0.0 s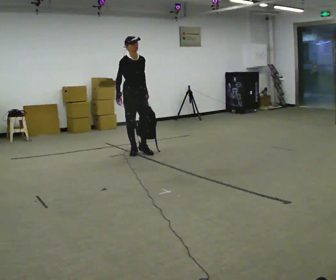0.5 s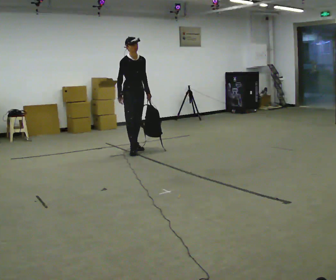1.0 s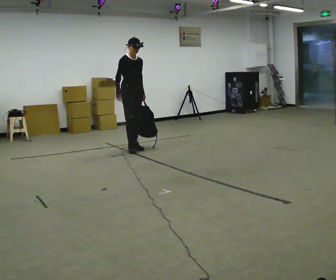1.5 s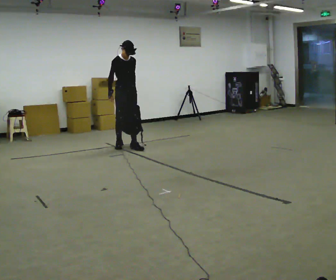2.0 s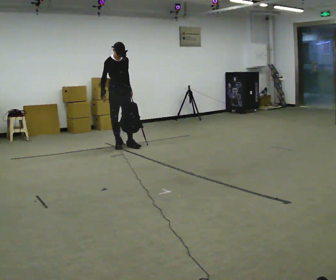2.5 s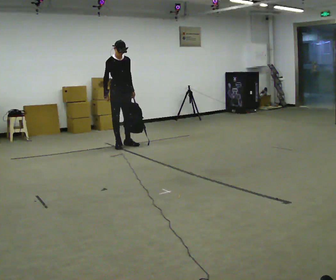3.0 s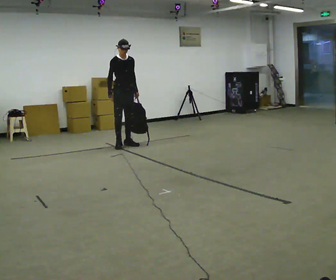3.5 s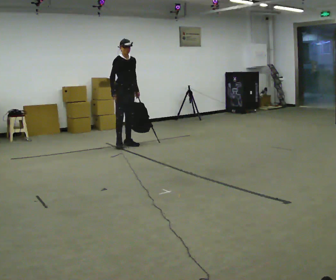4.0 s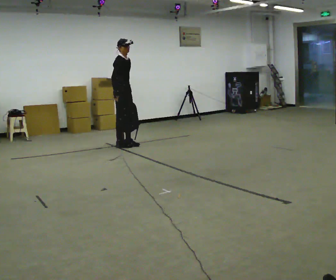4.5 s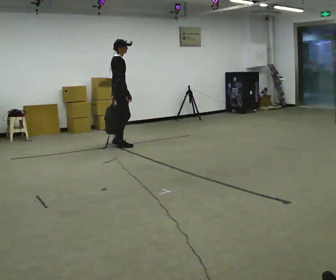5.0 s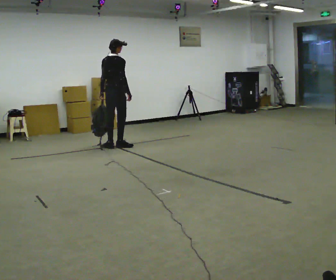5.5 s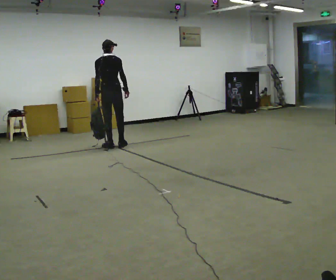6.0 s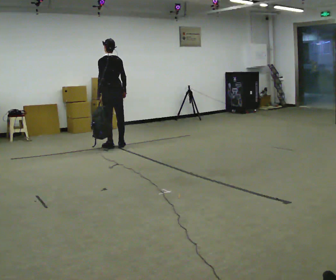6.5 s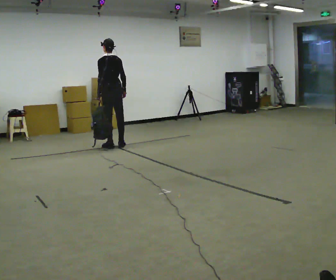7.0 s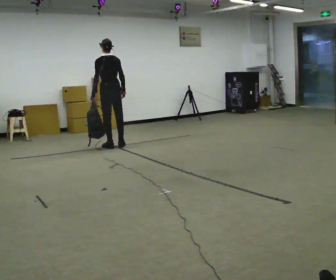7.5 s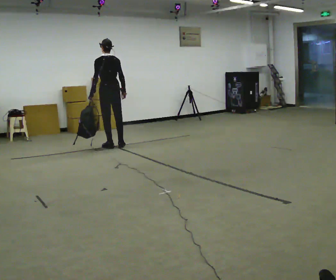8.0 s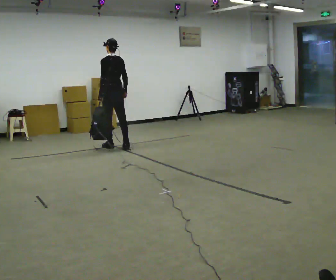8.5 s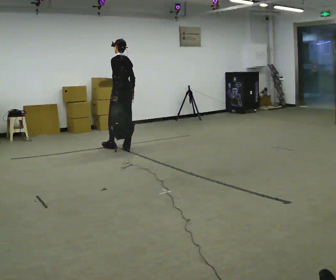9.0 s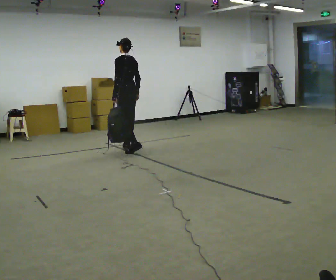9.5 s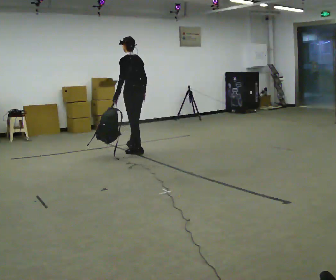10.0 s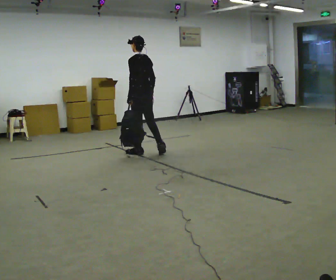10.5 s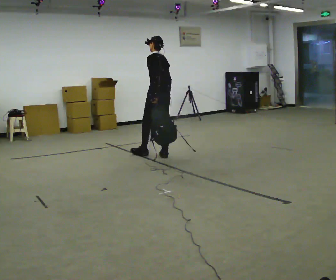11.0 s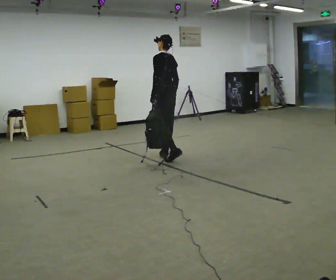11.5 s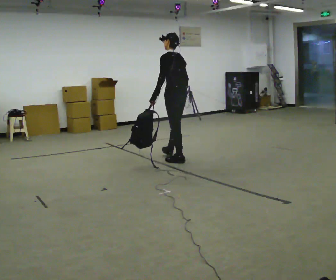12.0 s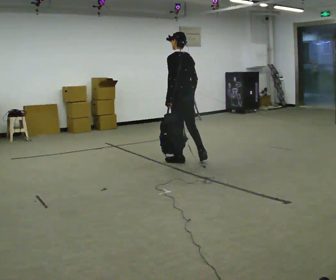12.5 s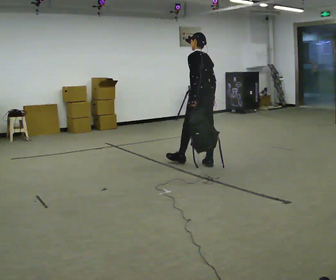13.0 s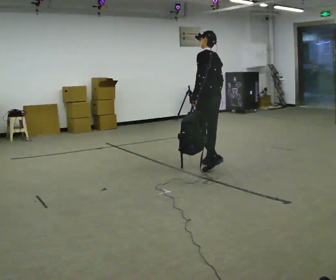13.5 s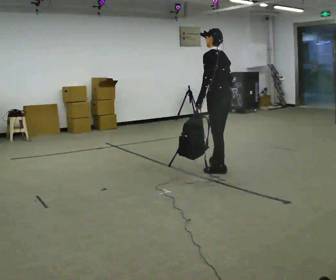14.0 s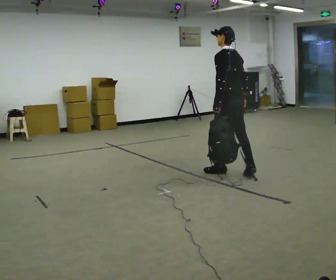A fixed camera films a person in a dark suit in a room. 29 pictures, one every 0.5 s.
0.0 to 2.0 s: In the picture they go away from the camera and to the left, about 0.5 m in 2 steps, which for them is backward.
2.0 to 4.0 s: The part of the body nearest the lens slides to the right as the person turns to their left by about 30 degrees.
4.0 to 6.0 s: Seen from above the body turns counterclockwise, about 150 degrees: to their left, with its near side sliding to the right.
6.0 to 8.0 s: The person moves a little, or ends about where they began.
8.0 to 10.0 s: In the picture they go toward the camera and to the right, about 0.75 m in 2 steps, which for them is backward.
10.0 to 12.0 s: In the picture they go toward the camera and to the right, about 1 m in 2 steps, which for them is backward.
12.0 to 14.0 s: In the picture they go toward the camera and to the right, about 1 m in 2 steps, which for them is backward.
The film runs backward here.
